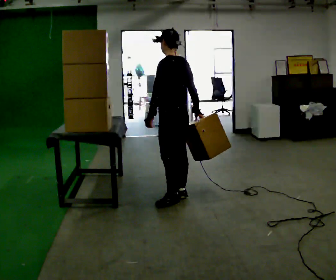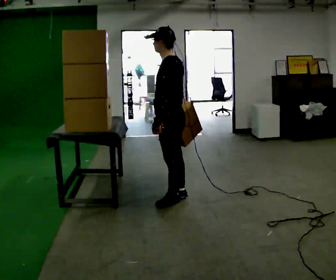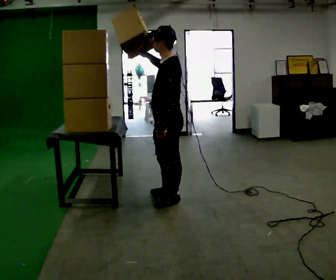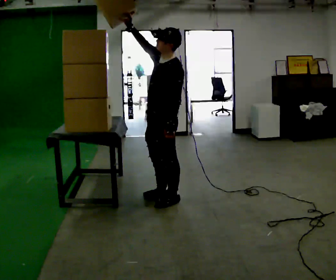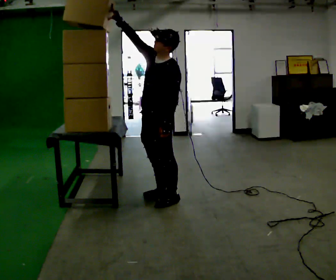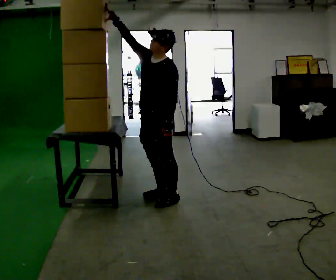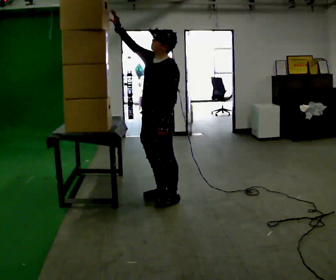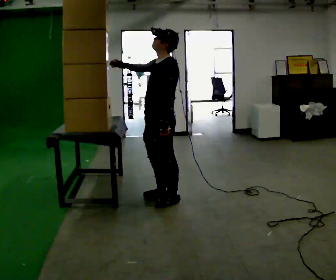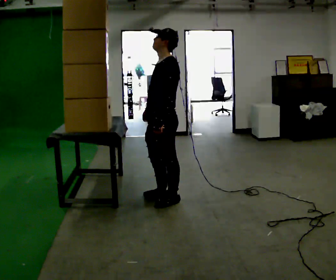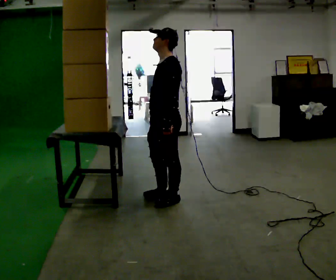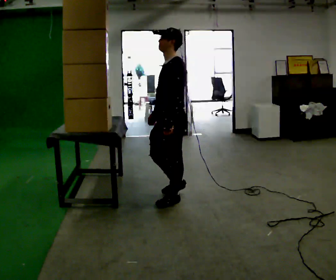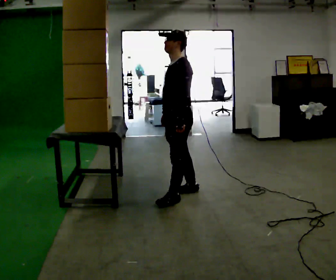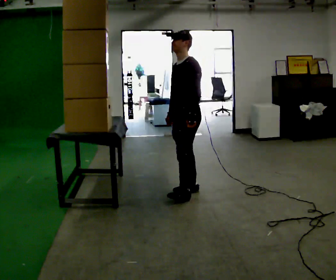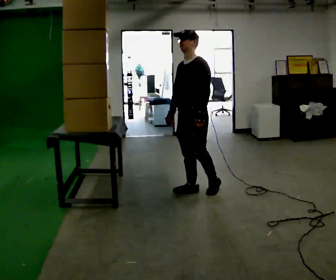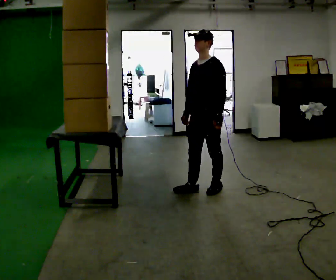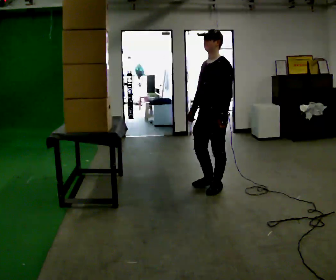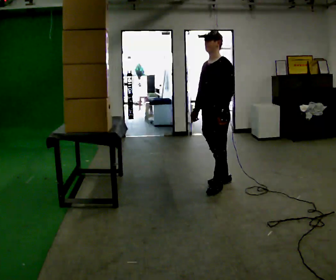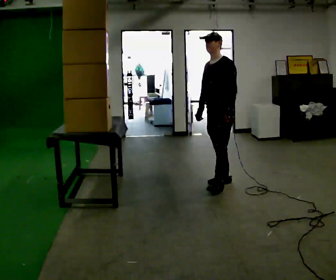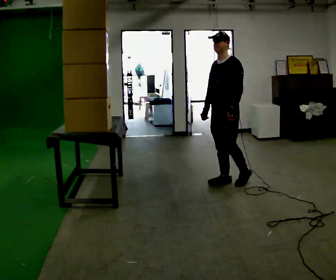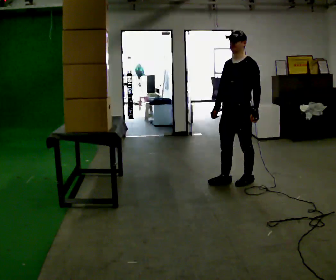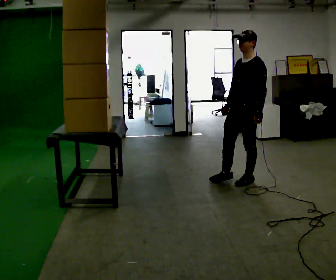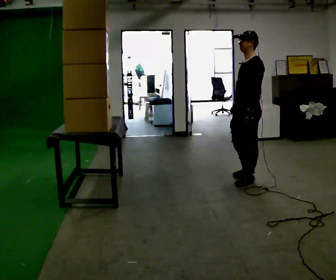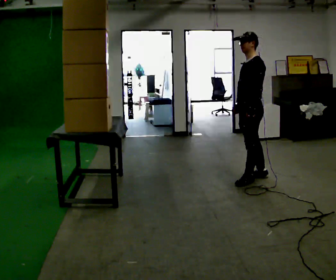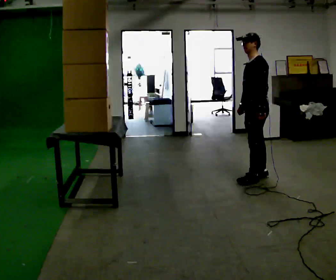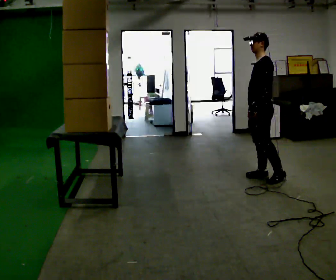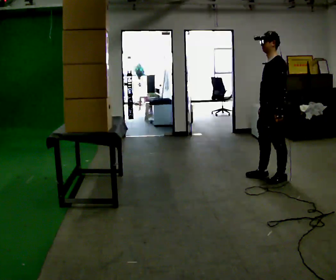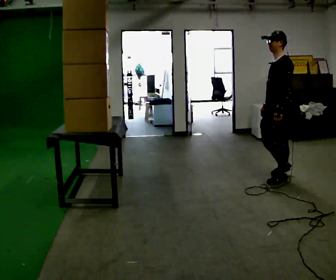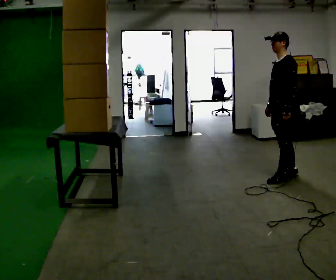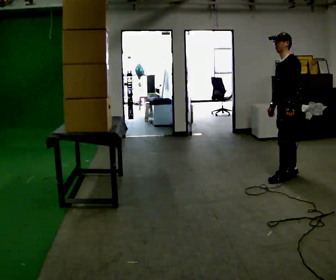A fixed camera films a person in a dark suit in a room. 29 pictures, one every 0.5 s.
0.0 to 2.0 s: Seen from above the body turns counterclockwise, about 60 degrees: to their left, with its near side sliding to the right. In the picture they go to the left, about 0.25 m. In the picture their right hand goes upward and to the left.
2.0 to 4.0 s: In the picture their right hand goes downward, the arm swinging counterclockwise.
4.0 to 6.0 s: In the picture they go away from the camera and to the right, about 0.25 m in 2 steps, which for them is backward and to their right.
6.0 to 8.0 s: In the picture they go to the right, about 0.25 m in 1 step, which for them is backward and to their left.
8.0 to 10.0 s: In the picture they go to the right, about 0.25 m in 1 step, which for them is backward and to their left.
10.0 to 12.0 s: The part of the body nearest the lens slides to the left as the person turns to their right by about 30 degrees. In the picture they go to the right and away from the camera, about 0.25 m in 2 steps, which for them is backward.
12.0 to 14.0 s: In the picture they go to the right, about 0.25 m in 1 step, which for them is backward.
The film runs backward here.
